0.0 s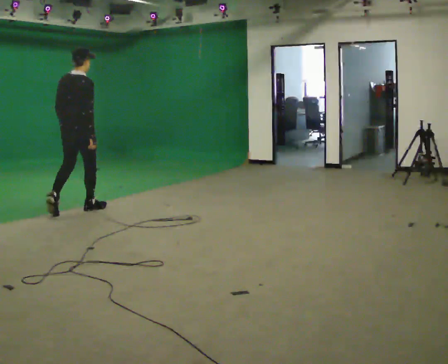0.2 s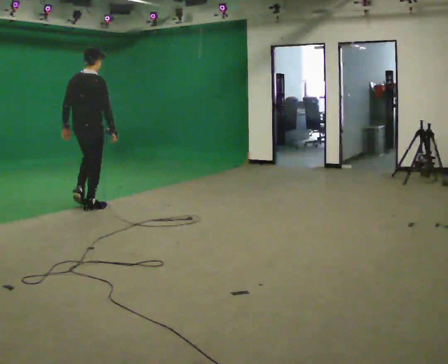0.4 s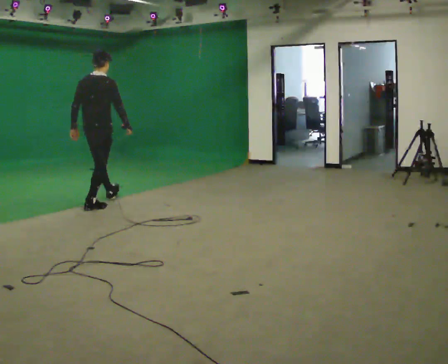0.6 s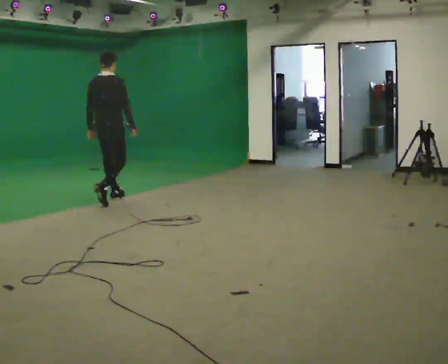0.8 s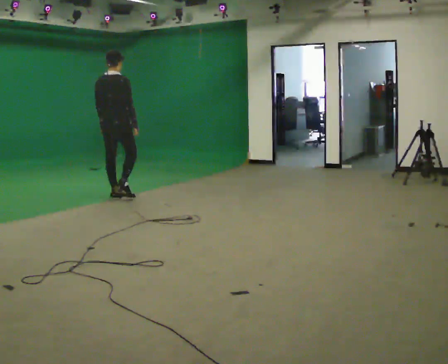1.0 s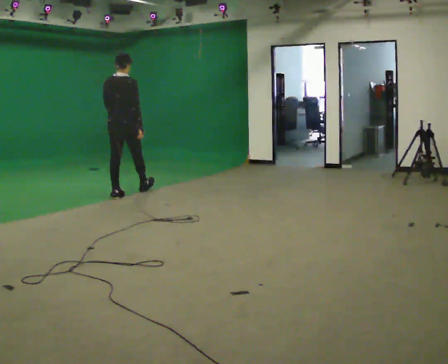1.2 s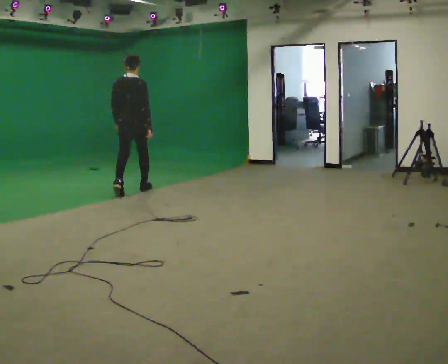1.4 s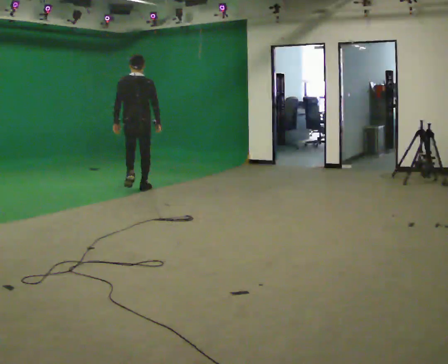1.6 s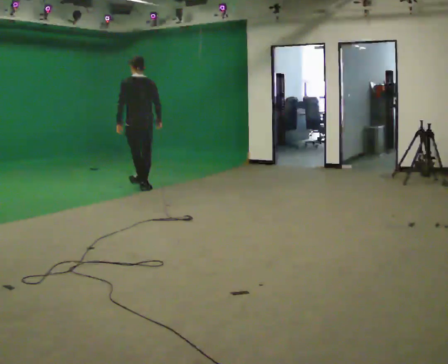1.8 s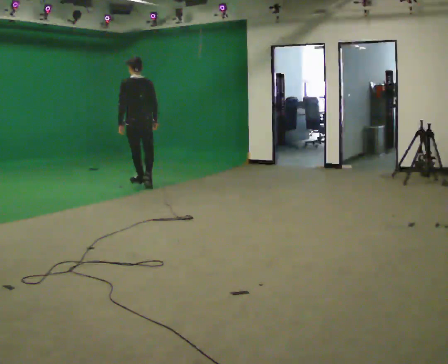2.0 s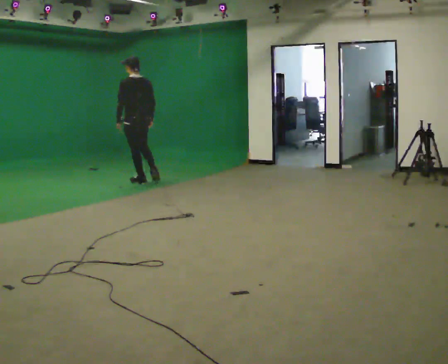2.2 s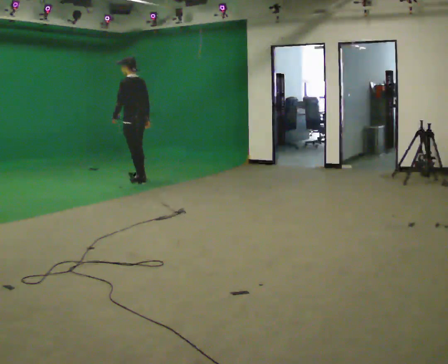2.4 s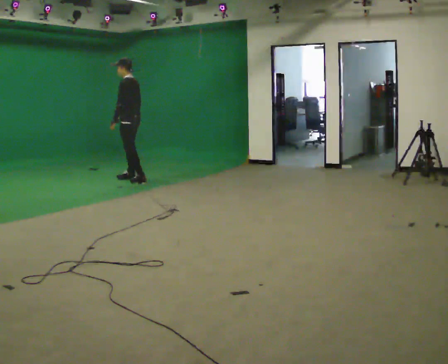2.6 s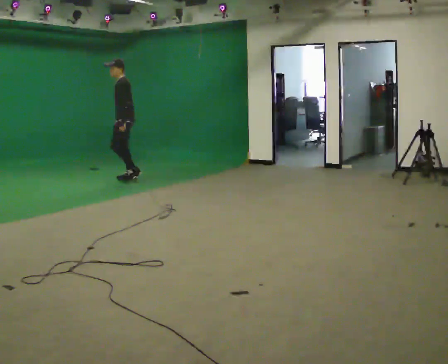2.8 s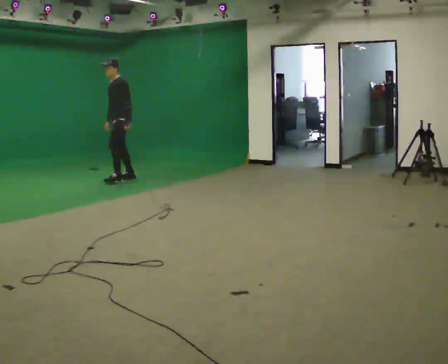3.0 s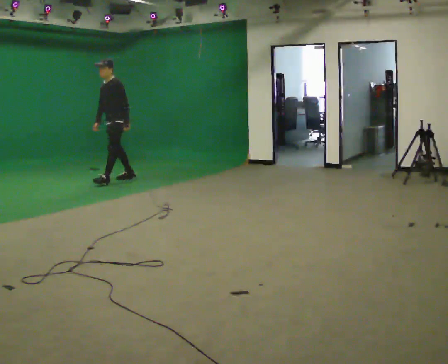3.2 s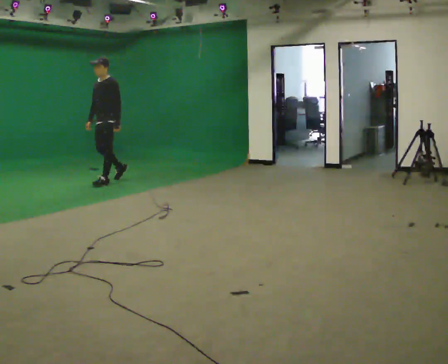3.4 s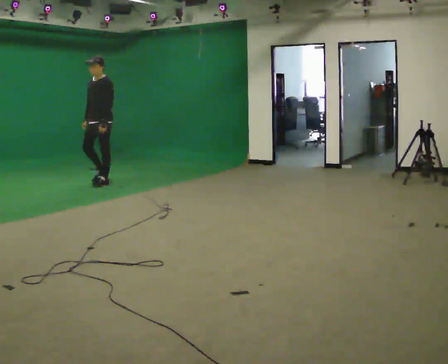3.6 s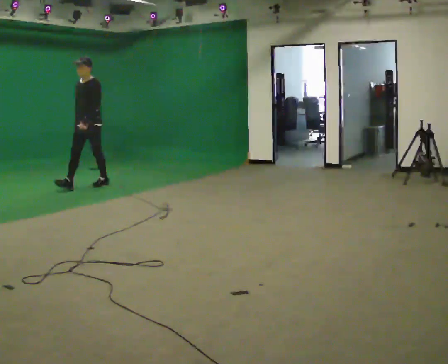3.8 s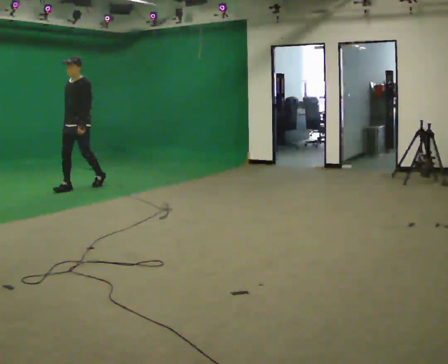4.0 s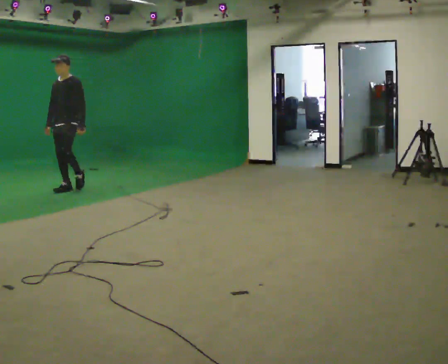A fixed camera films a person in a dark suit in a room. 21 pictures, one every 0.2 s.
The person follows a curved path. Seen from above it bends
counterclockwise.
The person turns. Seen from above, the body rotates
counterclockwise.
0.0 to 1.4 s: In the picture they go away from the camera and to the right, about 1.5 m in 2 steps, which for them is forward.
1.4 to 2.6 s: The person turns about 105 degrees to their left, counterclockwise seen from above, so the part of the body nearest the lens slides to the right. In the picture they go away from the camera, about 0.5 m in 2 steps.
2.6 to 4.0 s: The person turns about 60 degrees to their left, counterclockwise seen from above, so the part of the body nearest the lens slides to the right. In the picture they go to the left and toward the camera, about 1 m in 2 steps, which for them is forward.
The film runs forward here.
